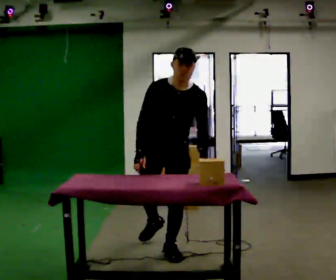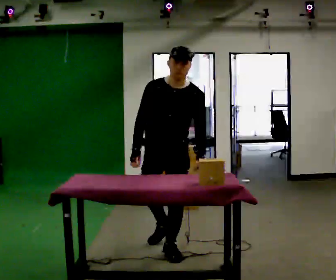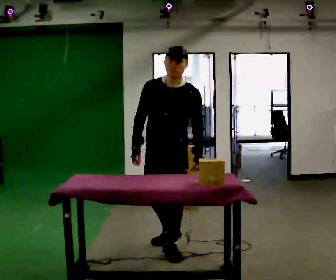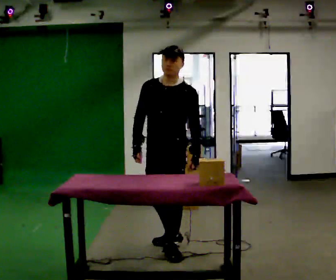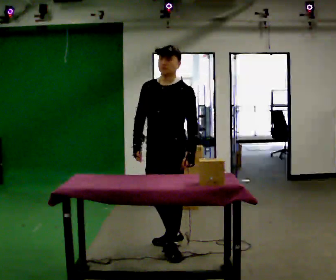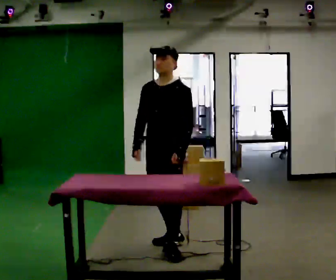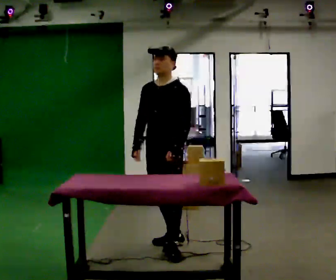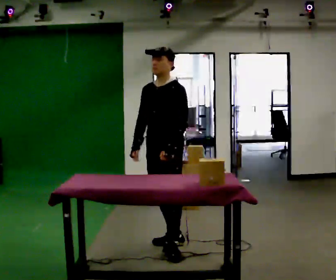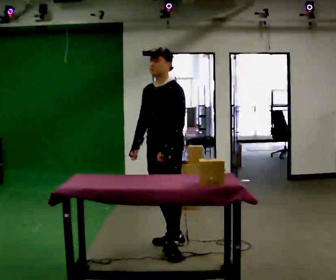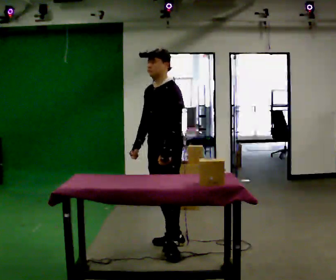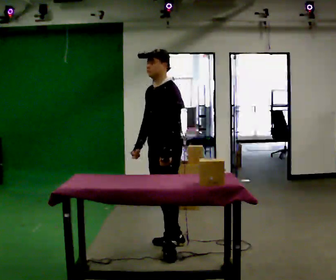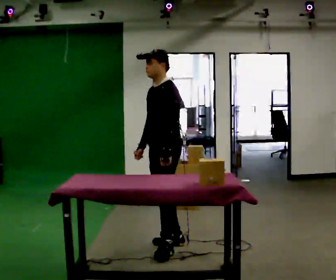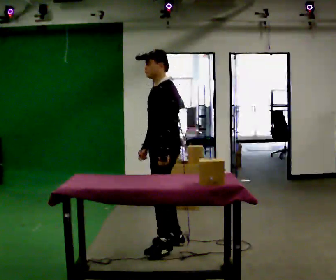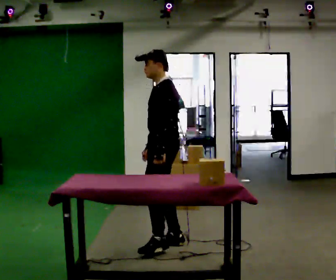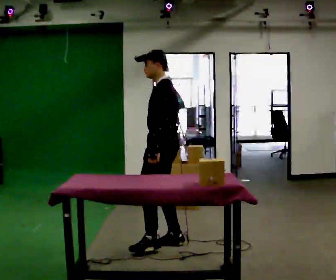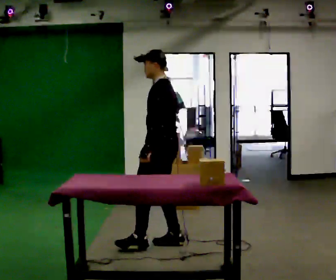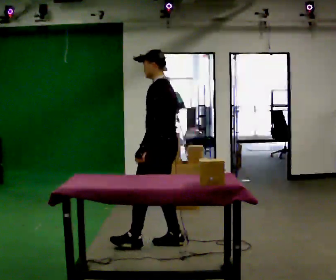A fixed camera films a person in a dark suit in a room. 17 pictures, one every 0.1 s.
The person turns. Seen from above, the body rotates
clockwise.
The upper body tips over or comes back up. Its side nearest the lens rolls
upward.
0.0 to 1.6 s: The person turns about 105 degrees to their right, clockwise seen from above, so the part of the body nearest the lens slides to the left. In the picture they go away from the camera, about 0.25 m in 1 step. The upper body tips away from the camera, its near side rolling upward, as they lean back or straighten.
The film runs forward here.
